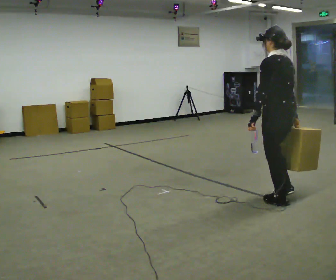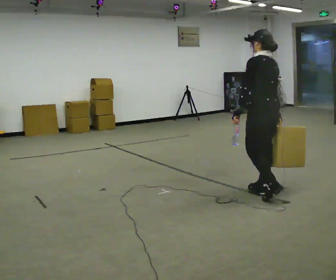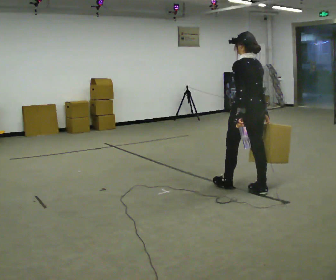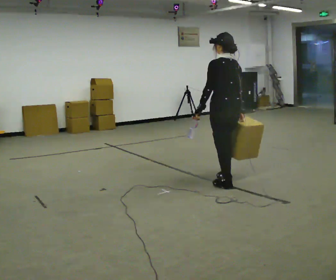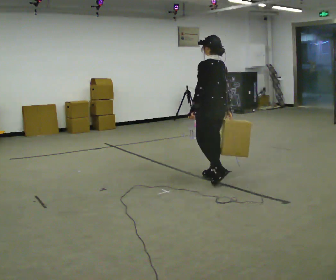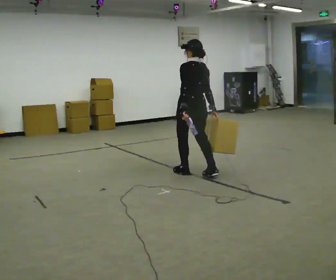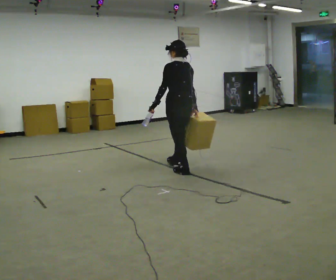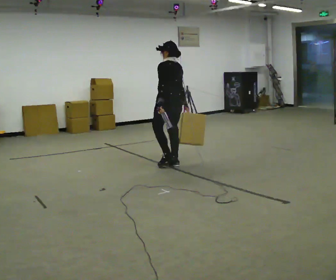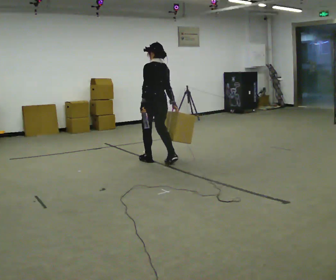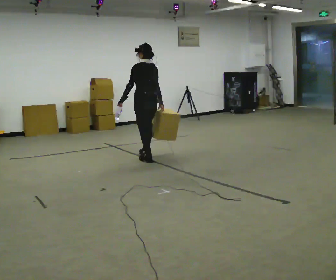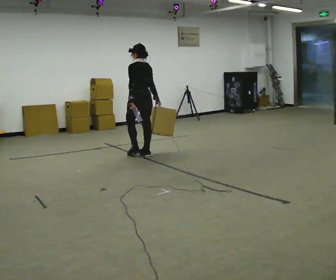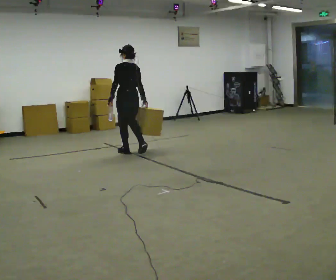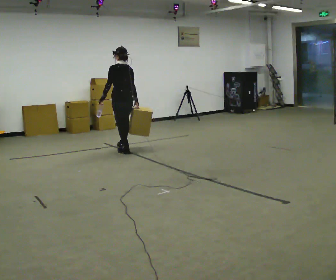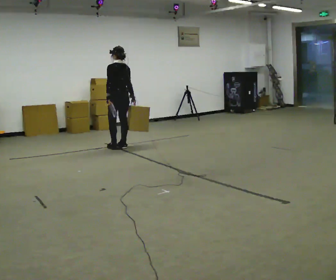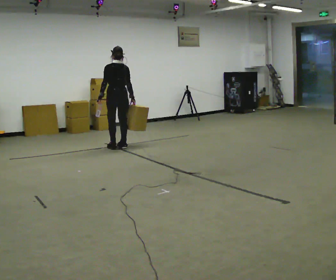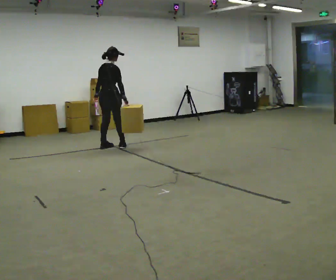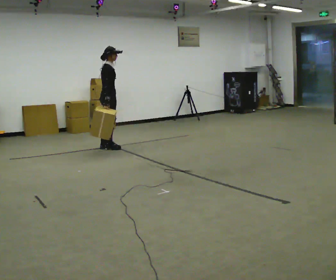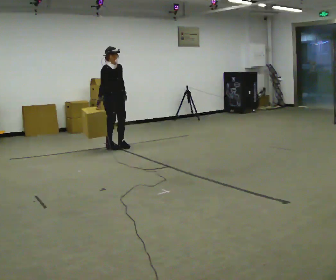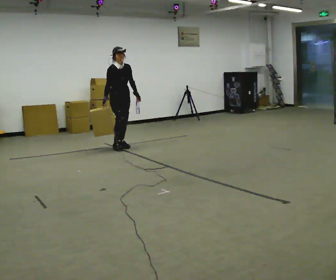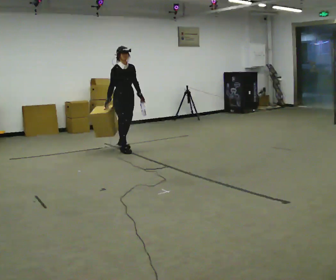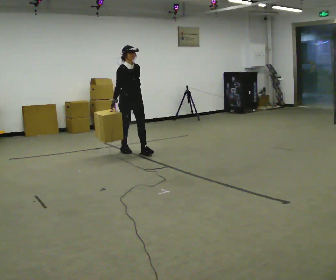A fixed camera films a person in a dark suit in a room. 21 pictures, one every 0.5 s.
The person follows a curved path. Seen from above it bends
clockwise.
0.0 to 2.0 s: In the picture they go away from the camera and to the left, about 1 m in 3 steps, which for them is forward.
2.0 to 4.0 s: In the picture they go away from the camera and to the left, about 1 m in 3 steps, which for them is forward.
4.0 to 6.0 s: In the picture they go away from the camera and to the left, about 1 m in 3 steps, which for them is forward.
6.0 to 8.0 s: The person turns about 120 degrees to their right, clockwise seen from above, so the part of the body nearest the lens slides to the left. In the picture they go to the left and away from the camera, about 0.25 m in 3 steps.
8.0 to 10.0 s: The person turns about 60 degrees to their right, clockwise seen from above, so the part of the body nearest the lens slides to the left. In the picture they go to the right and toward the camera, about 0.5 m in 2 steps.
The film runs forward here.
